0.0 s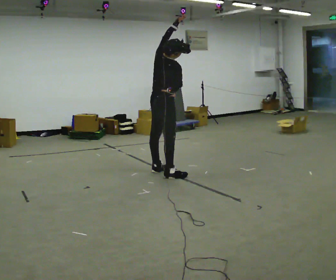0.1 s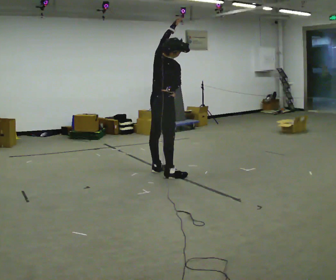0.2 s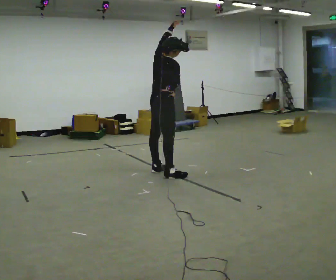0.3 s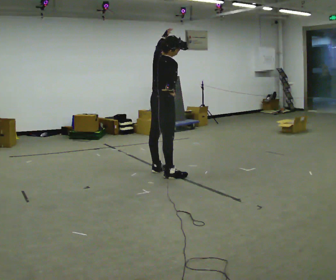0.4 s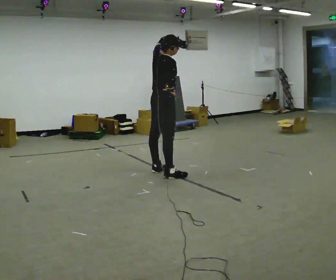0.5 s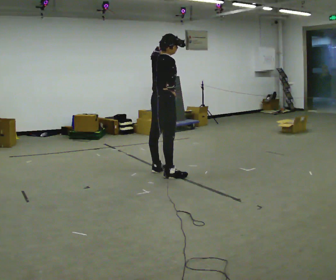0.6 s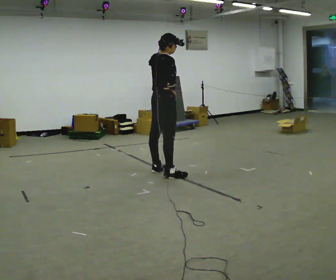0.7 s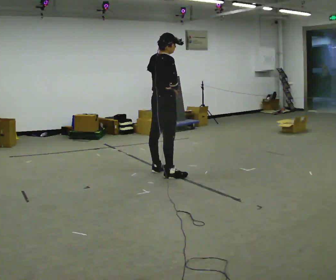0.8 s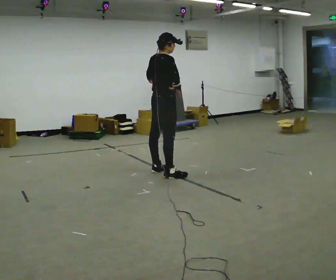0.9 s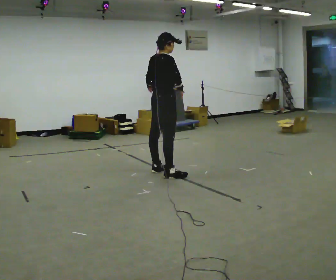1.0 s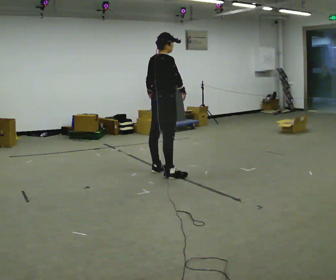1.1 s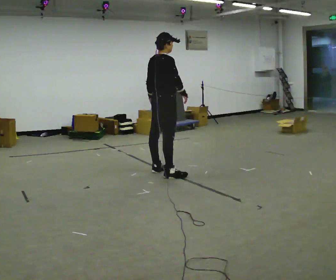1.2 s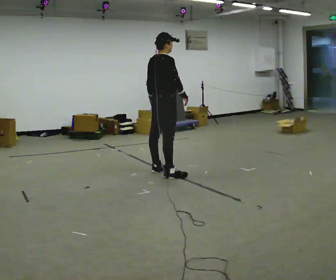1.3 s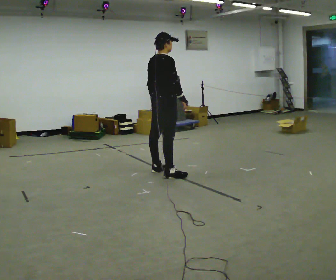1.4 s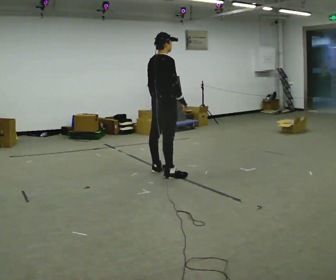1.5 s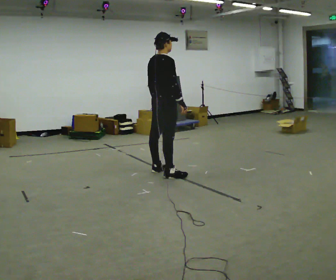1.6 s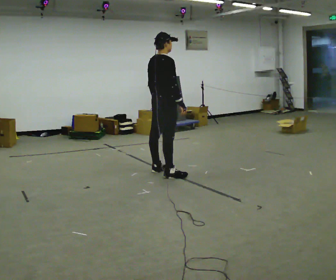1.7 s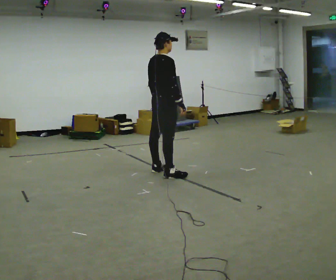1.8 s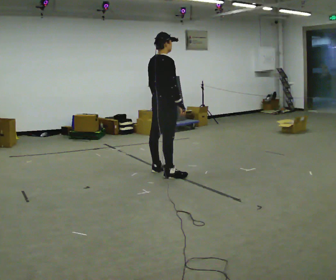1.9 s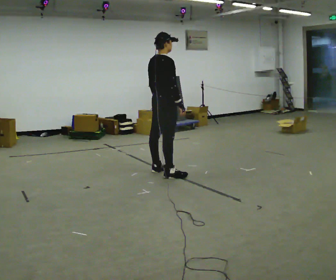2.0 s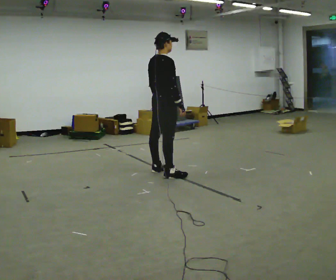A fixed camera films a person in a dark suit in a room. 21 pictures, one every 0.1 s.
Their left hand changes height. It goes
downward.
0.0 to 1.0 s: In the picture their left hand goes downward and to the left.
1.0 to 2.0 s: The person moves a little, or ends about where they began.
The film runs backward here.
